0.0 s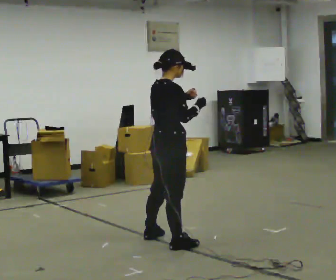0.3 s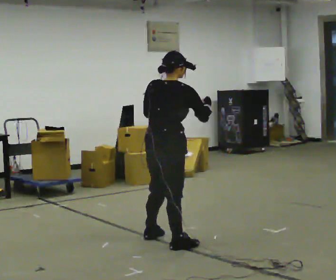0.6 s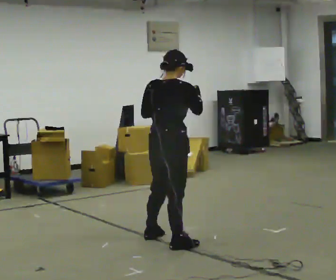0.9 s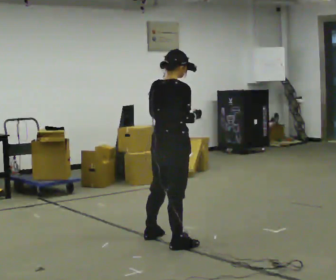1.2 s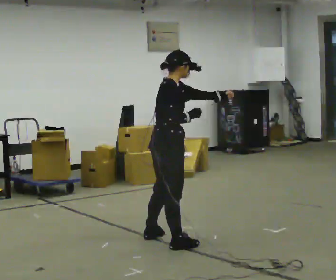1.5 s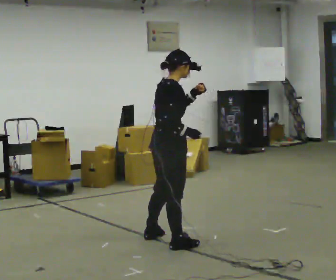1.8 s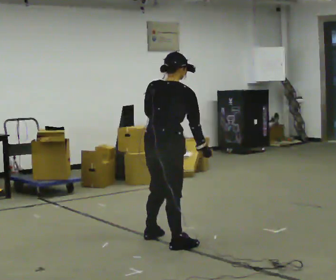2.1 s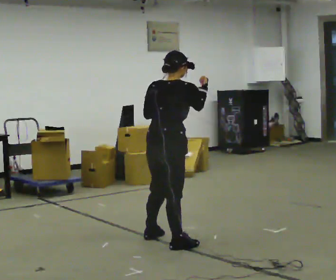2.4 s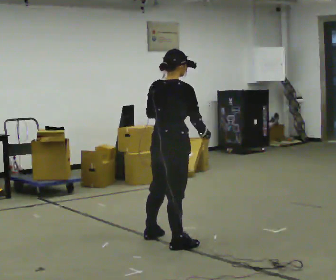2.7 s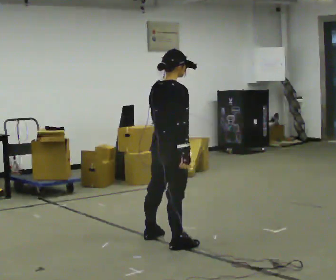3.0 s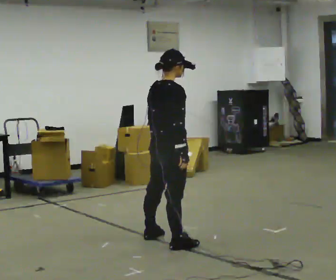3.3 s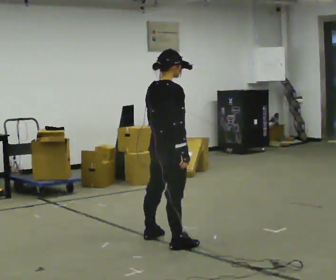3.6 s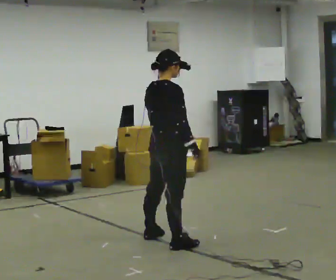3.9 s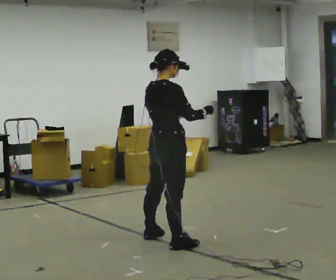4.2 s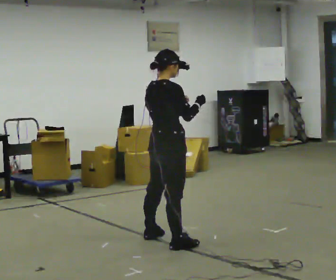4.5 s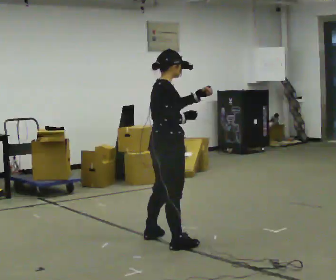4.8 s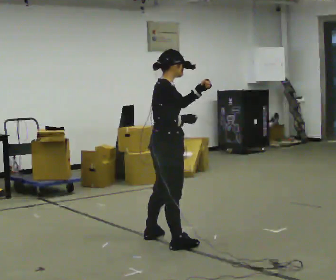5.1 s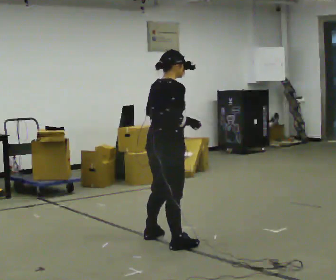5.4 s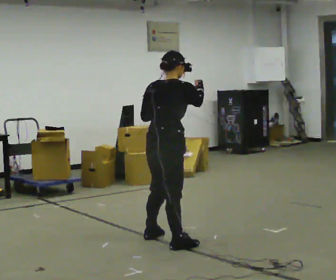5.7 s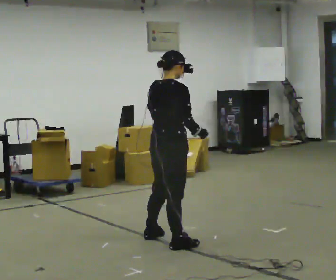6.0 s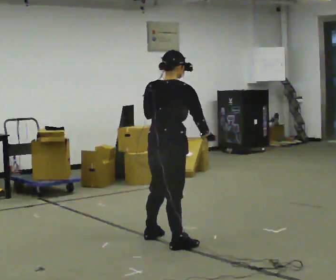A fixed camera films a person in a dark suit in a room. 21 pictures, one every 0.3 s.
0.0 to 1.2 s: The person moves a little, or ends about where they began.
1.2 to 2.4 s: The person turns about 30 degrees to their left, counterclockwise seen from above, so the part of the body nearest the lens slides to the right. In the picture their left hand goes to the left.
2.4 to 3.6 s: The person moves a little, or ends about where they began.
3.6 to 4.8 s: In the picture their left hand goes upward.
4.8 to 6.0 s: Seen from above the body turns counterclockwise, about 45 degrees: to their left, with its near side sliding to the right.
The film runs forward here.
